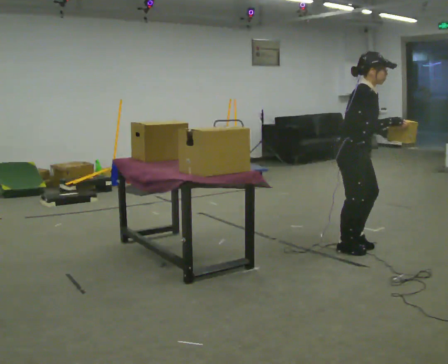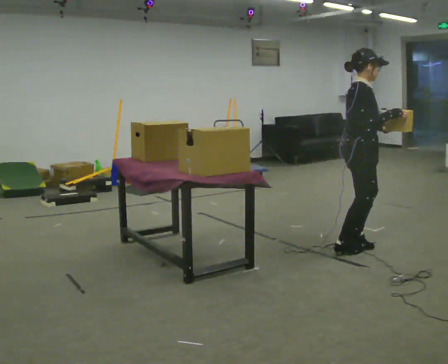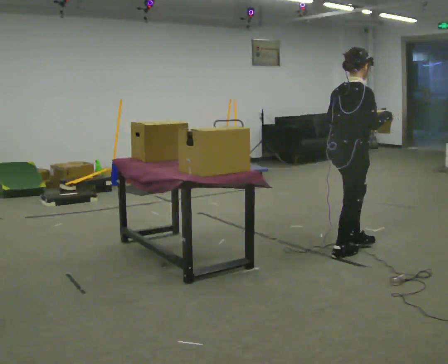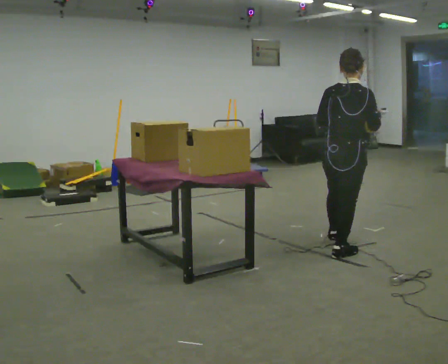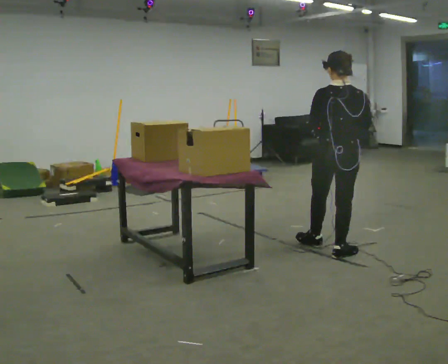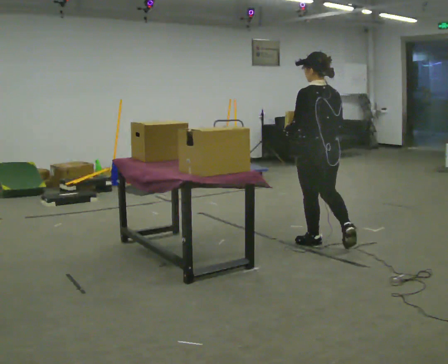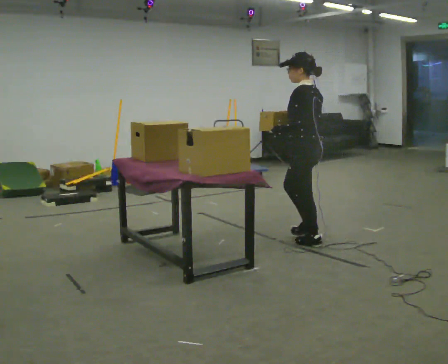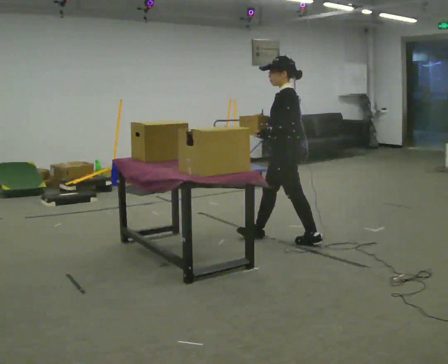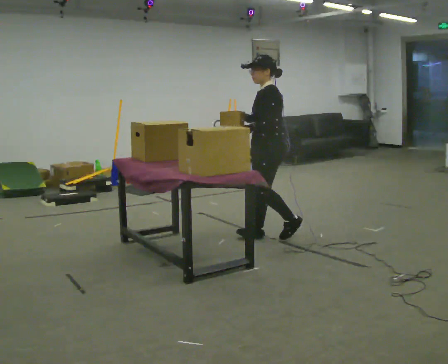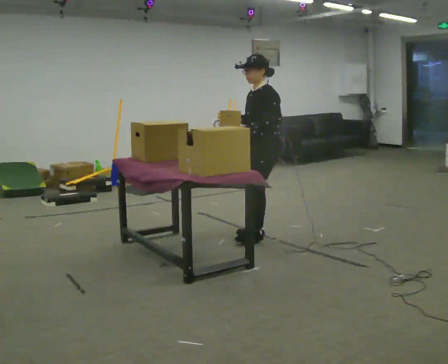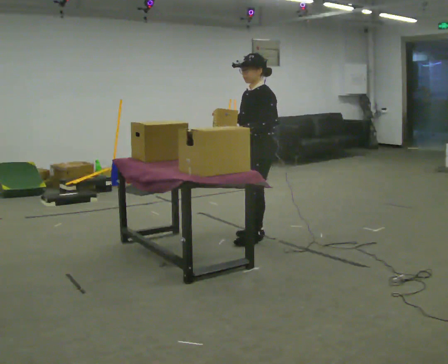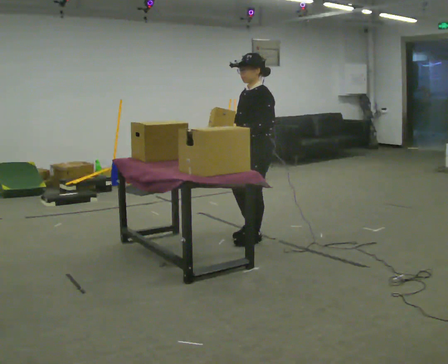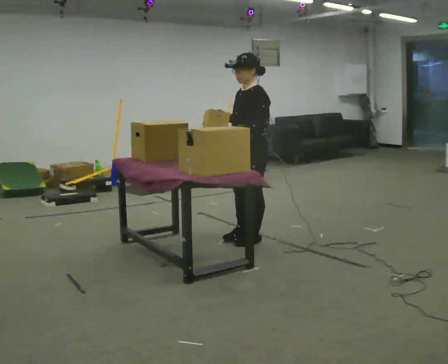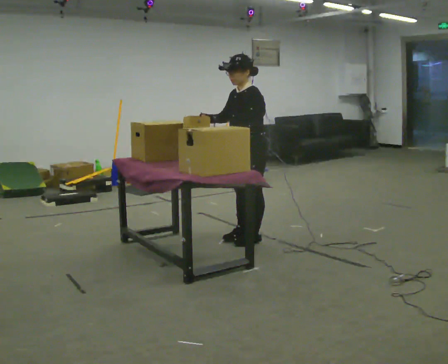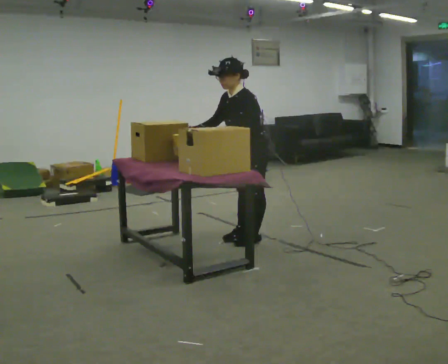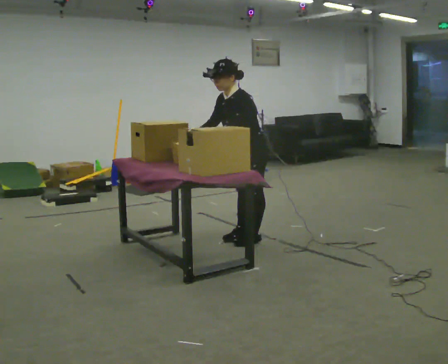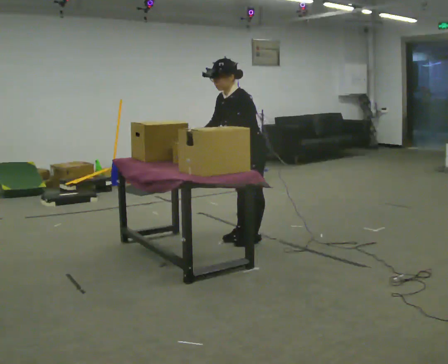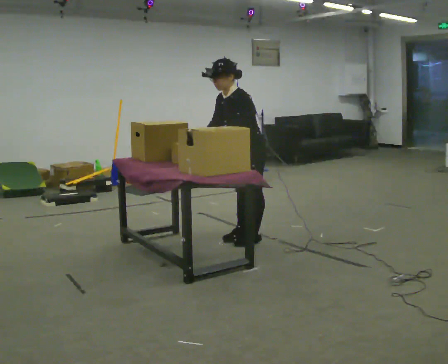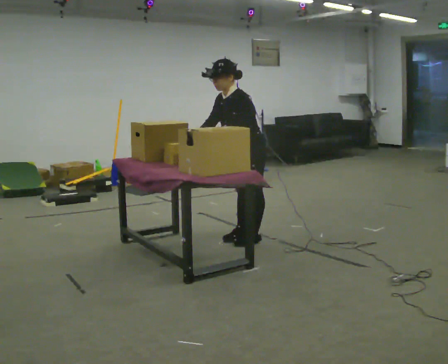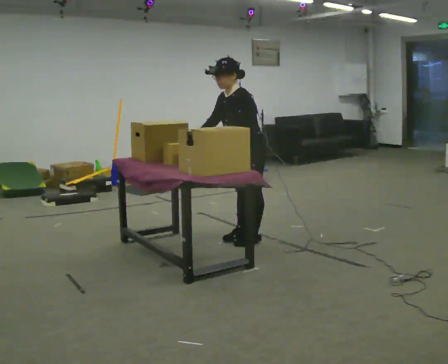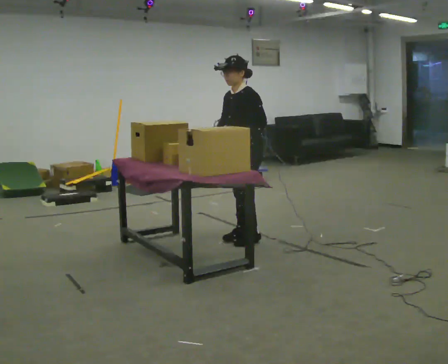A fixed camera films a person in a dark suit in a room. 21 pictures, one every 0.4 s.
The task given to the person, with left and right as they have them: Carry the object over and fit it into the gap between the two boxes already on the shelf, without touching either of them. Keep going until the operator says stop; one object at a time, and do not rush between trips.
0.0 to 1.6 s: The person turns about 105 degrees to their left, counterclockwise seen from above, so the part of the body nearest the lens slides to the right.
1.6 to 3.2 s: The person turns about 105 degrees to their left, counterclockwise seen from above, so the part of the body nearest the lens slides to the right. In the picture they go away from the camera and to the left, about 0.75 m in 1 step.
3.2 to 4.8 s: In the picture they go to the left, about 0.25 m in 2 steps, which for them is forward.
4.8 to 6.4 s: In the picture the upper body tilts counterclockwise, shoulders to the left, as they bend forward.
6.4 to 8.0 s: In the picture the upper body tilts clockwise, shoulders to the right, as they lean back or straighten. In the picture their left hand goes to the right.
The film runs forward here.
